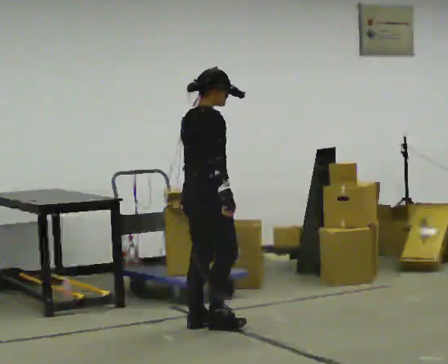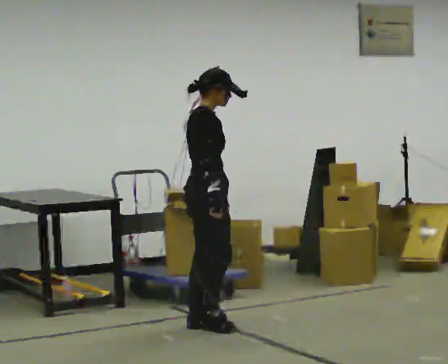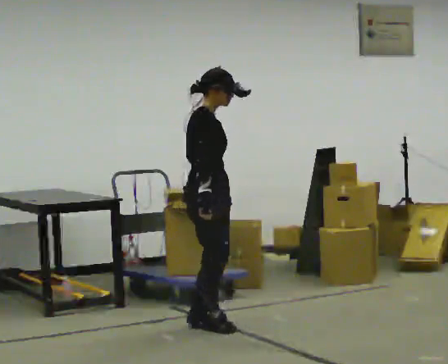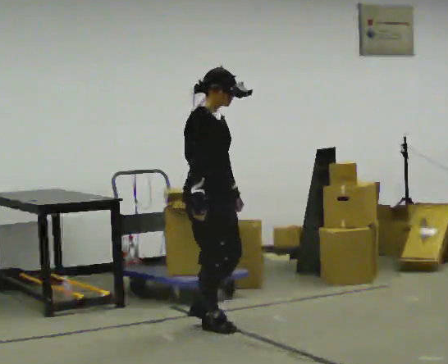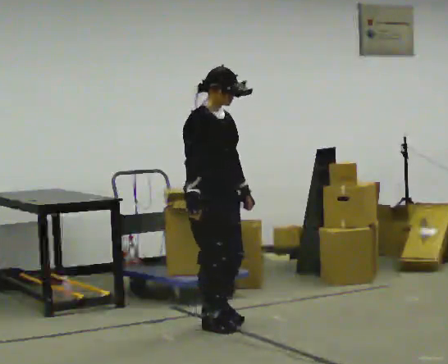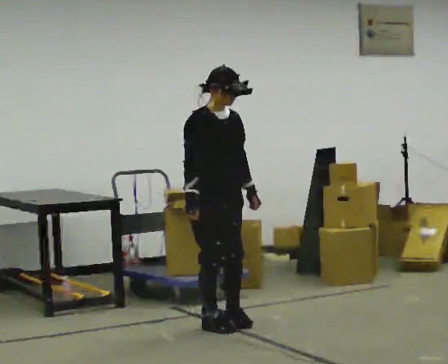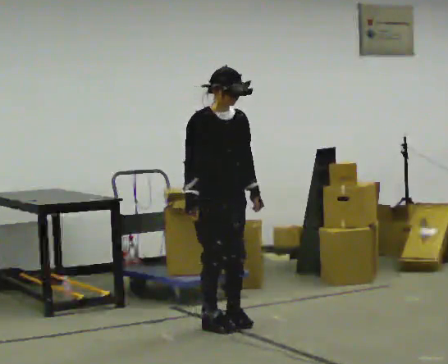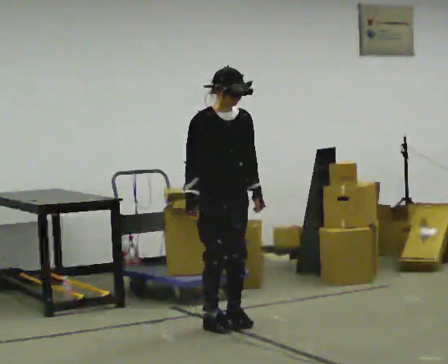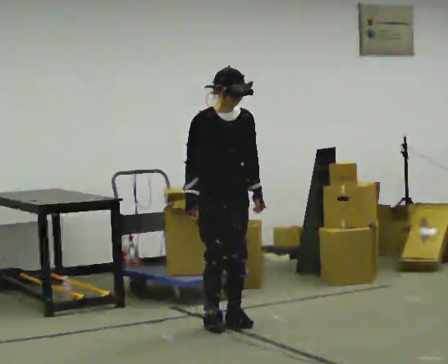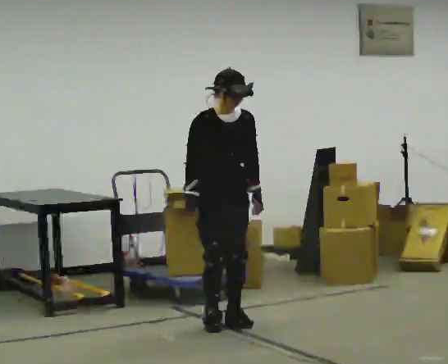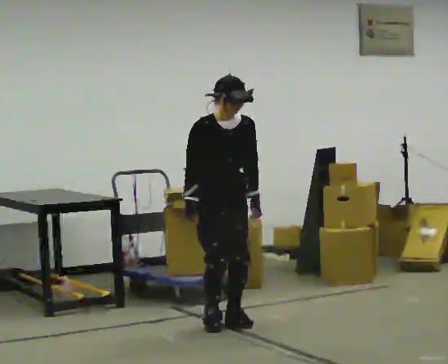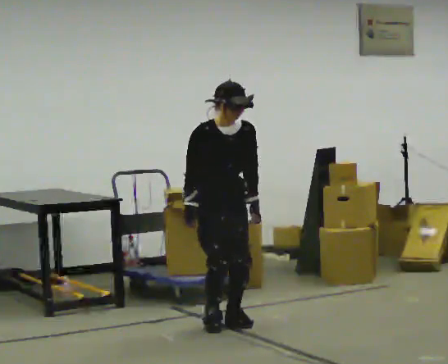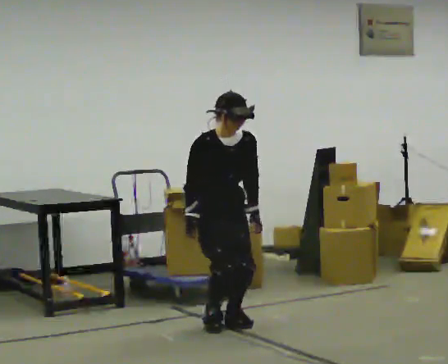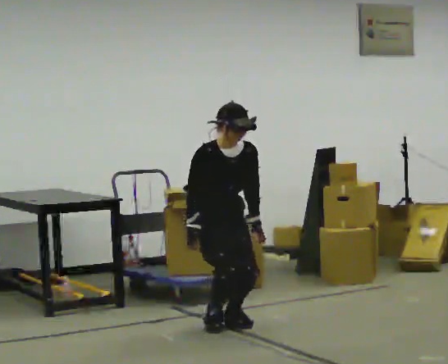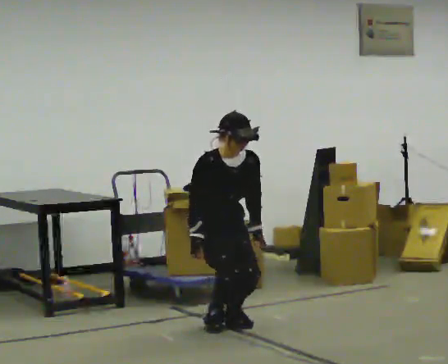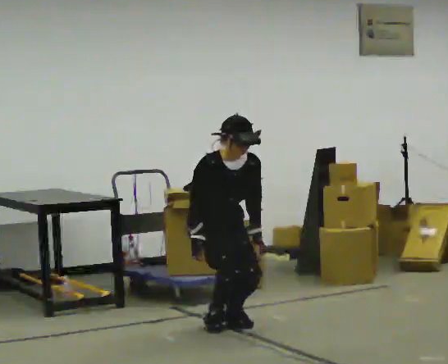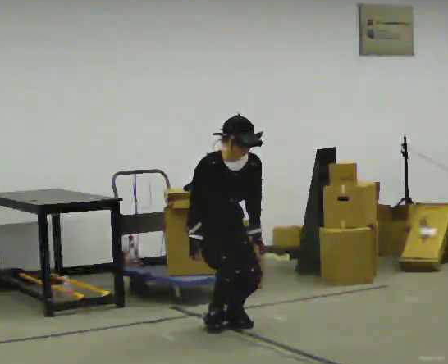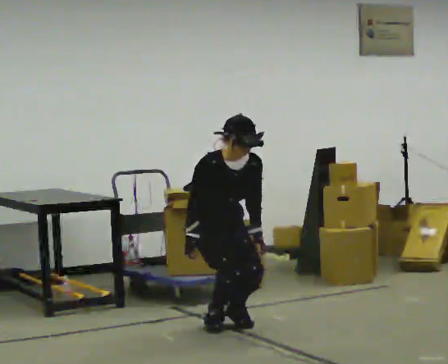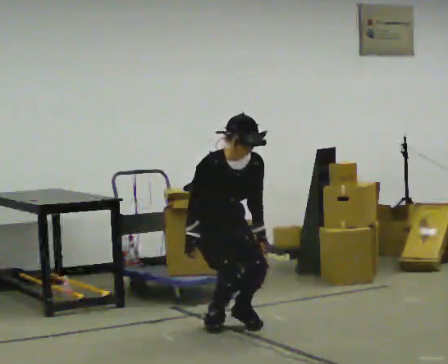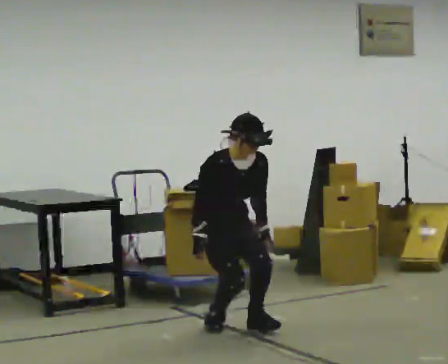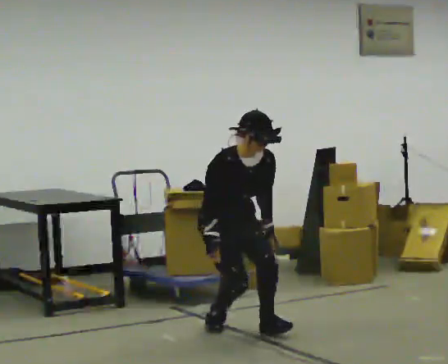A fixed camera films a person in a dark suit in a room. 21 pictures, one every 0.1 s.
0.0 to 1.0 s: The person turns about 90 degrees to their right, clockwise seen from above, so the part of the body nearest the lens slides to the left. The upper body tips toward the camera, its near side rolling downward, as they bend forward.
1.0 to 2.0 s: In the picture they go toward the camera, about 0.25 m in 1 step, which for them is forward.
The film runs forward here.
